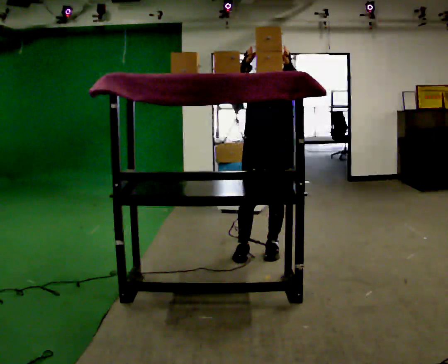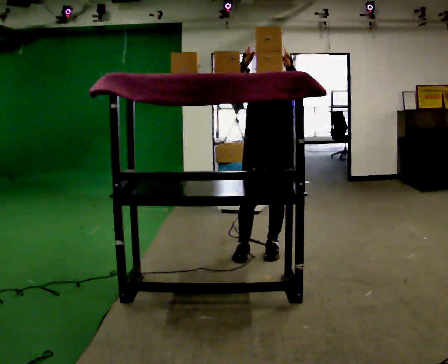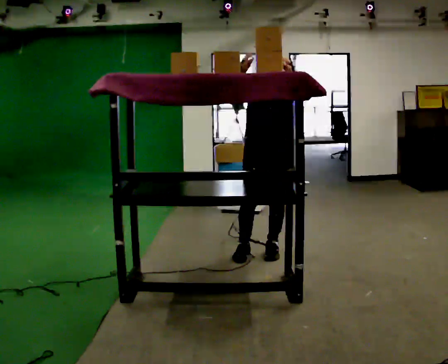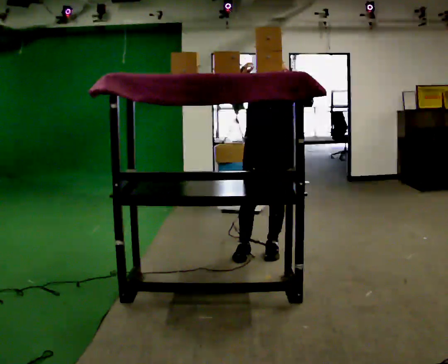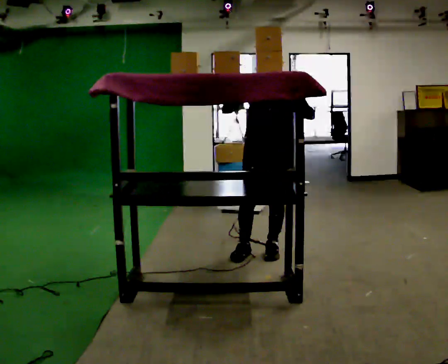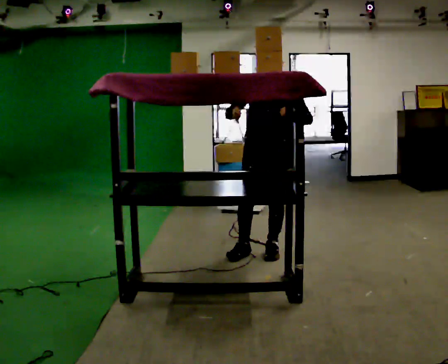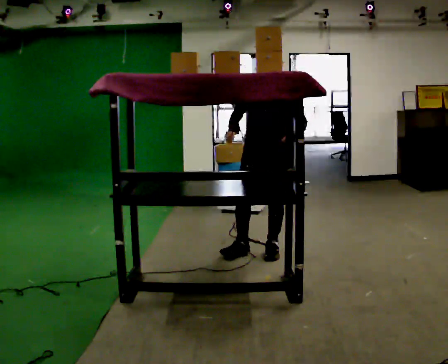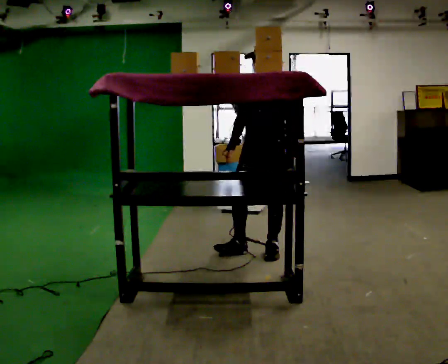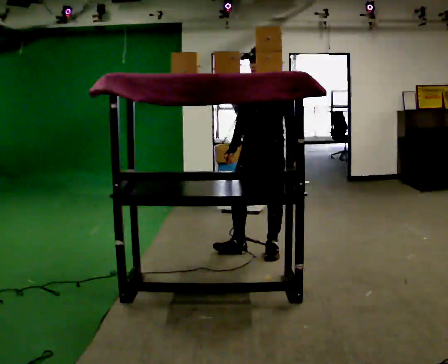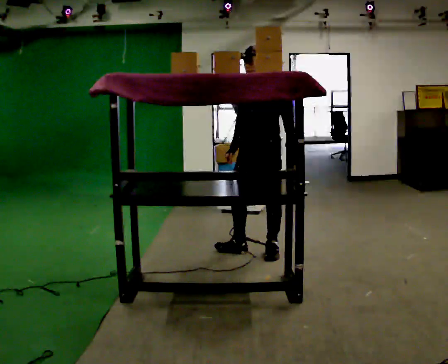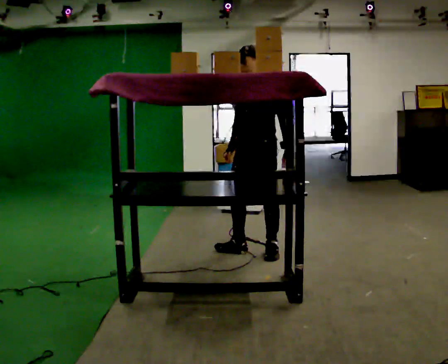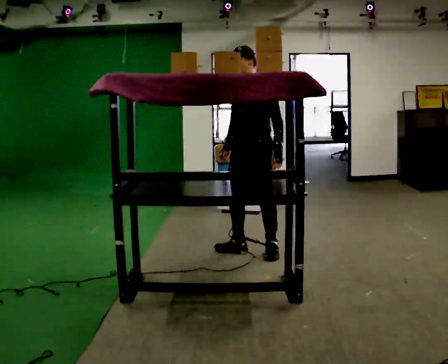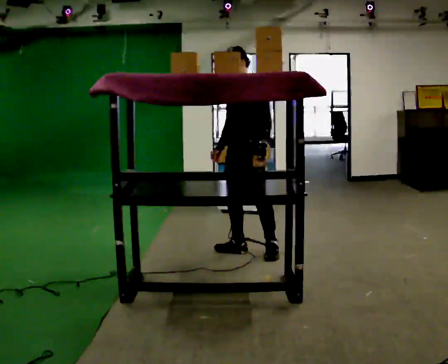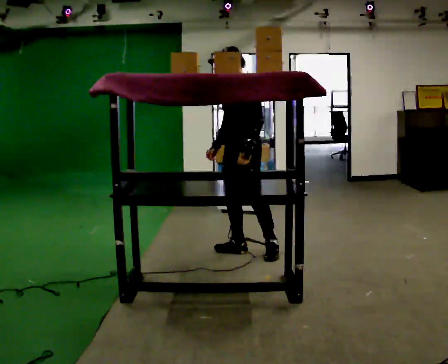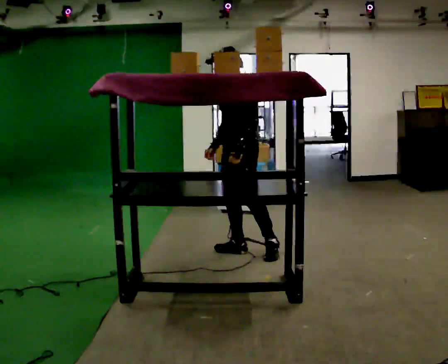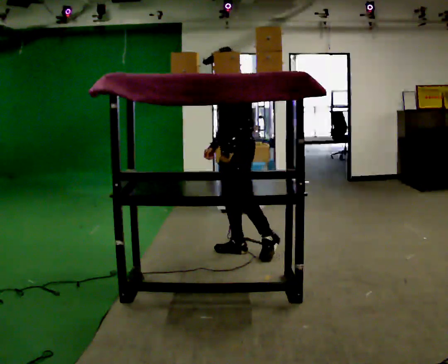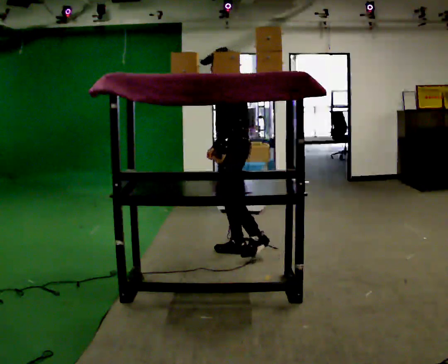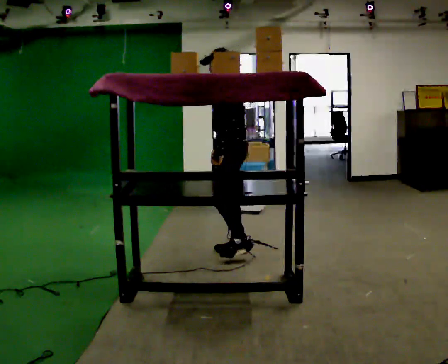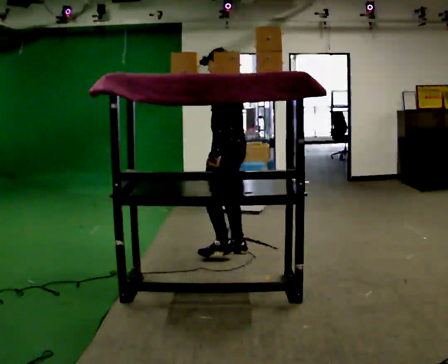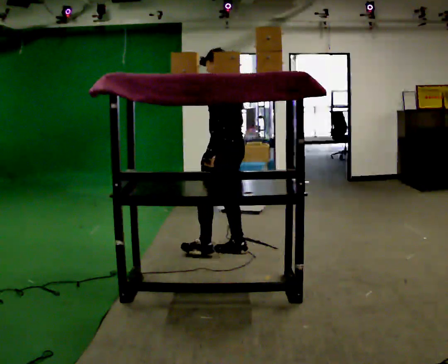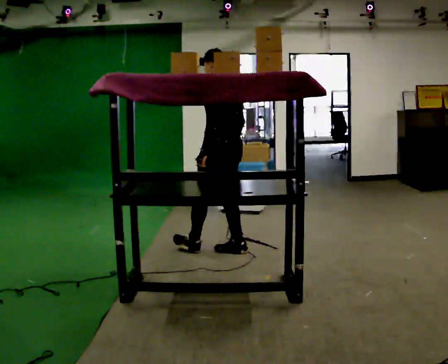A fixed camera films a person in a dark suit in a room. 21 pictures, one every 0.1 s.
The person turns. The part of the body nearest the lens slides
to the left.
The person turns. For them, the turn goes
to their right.
0.0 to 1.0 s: Seen from above the body turns clockwise, about 45 degrees: to their right, with its near side sliding to the left. In the picture their right hand goes downward.
1.0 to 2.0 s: The part of the body nearest the lens slides to the left as the person turns to their right by about 75 degrees. In the picture they go to the left, about 0.25 m.
The film runs forward here.
